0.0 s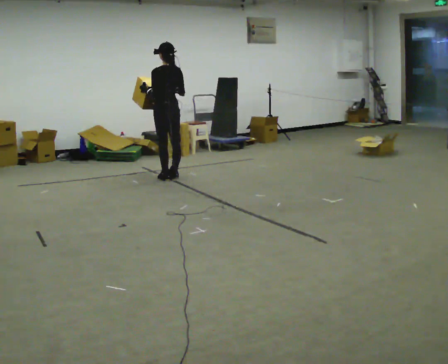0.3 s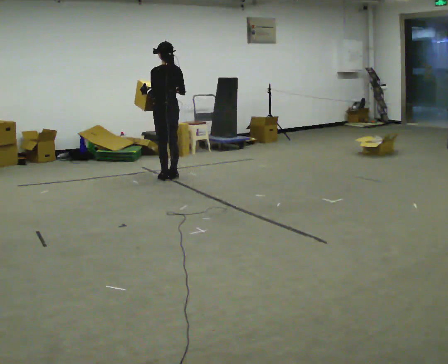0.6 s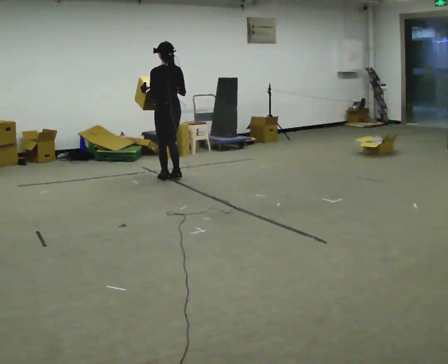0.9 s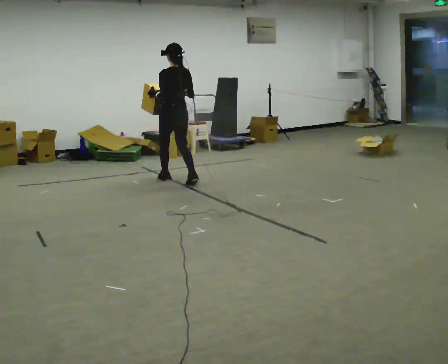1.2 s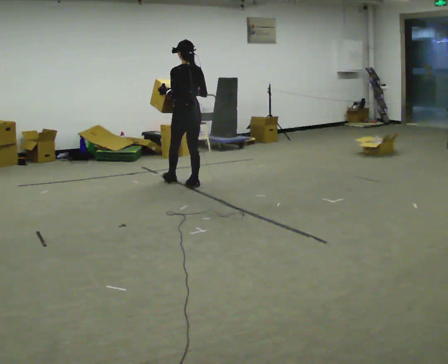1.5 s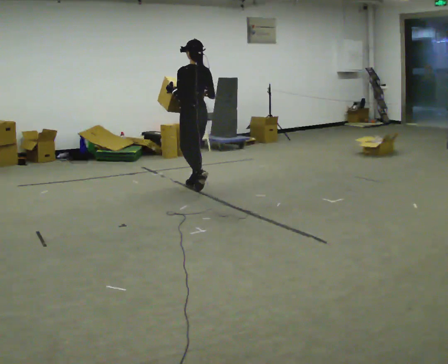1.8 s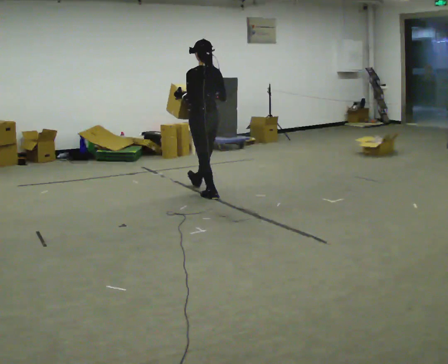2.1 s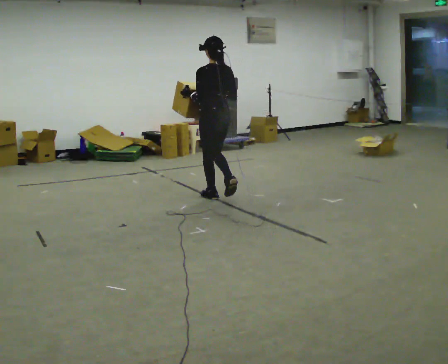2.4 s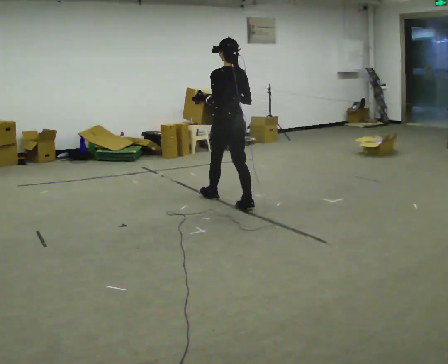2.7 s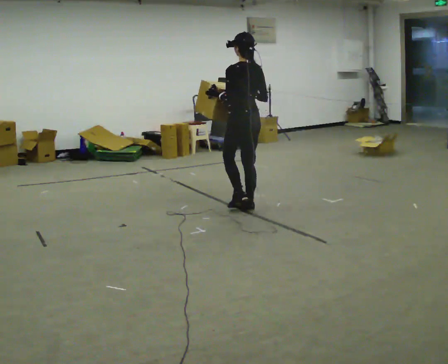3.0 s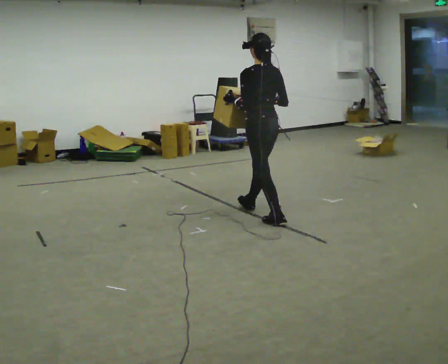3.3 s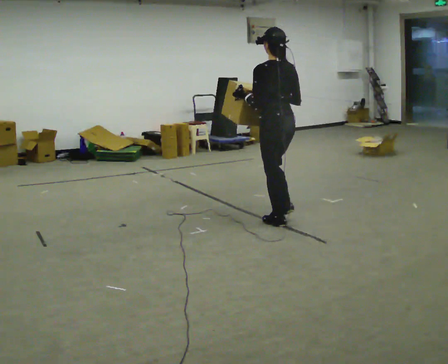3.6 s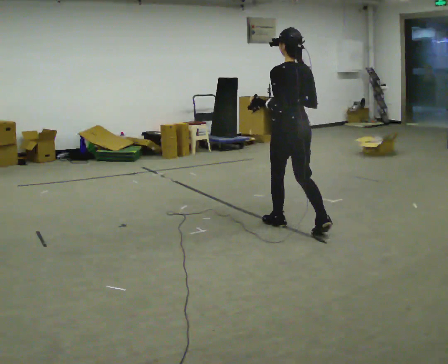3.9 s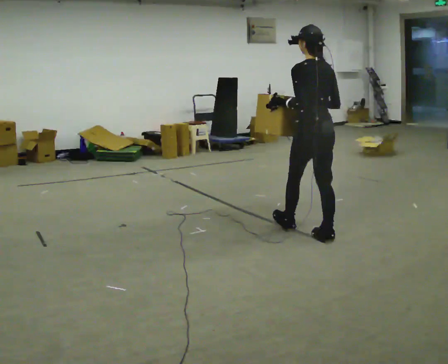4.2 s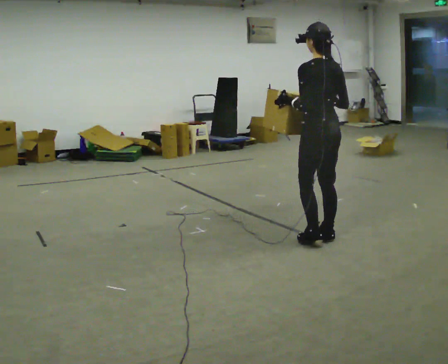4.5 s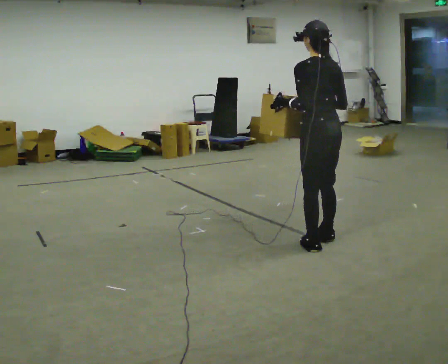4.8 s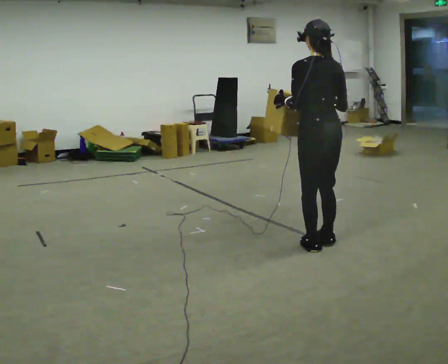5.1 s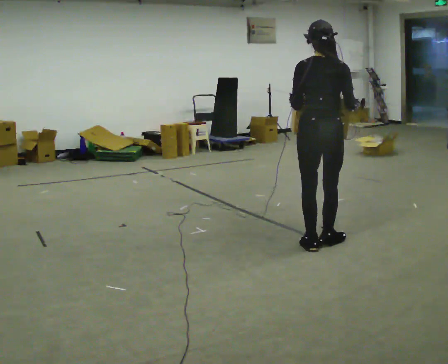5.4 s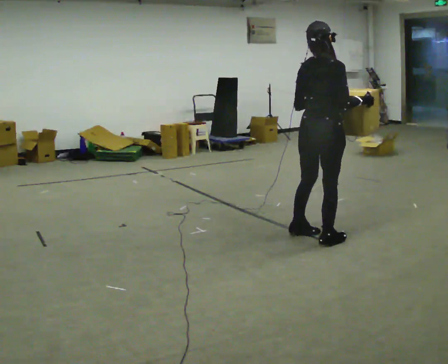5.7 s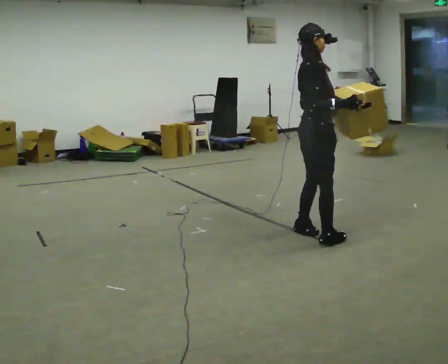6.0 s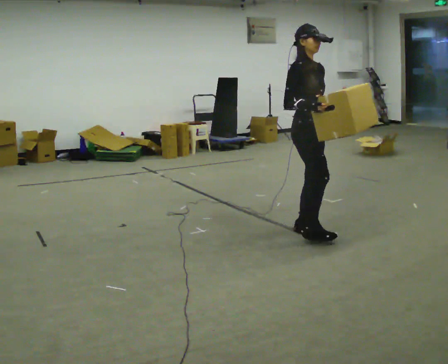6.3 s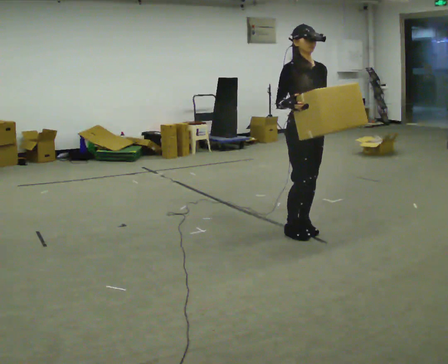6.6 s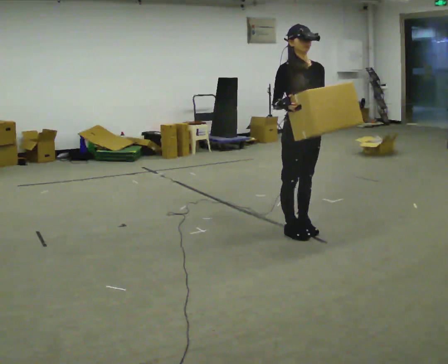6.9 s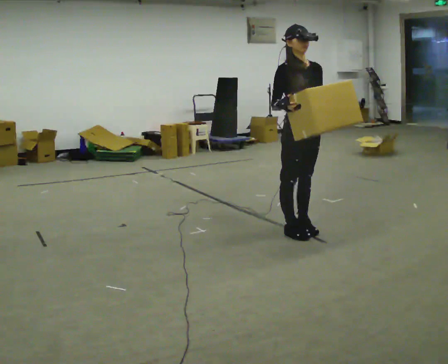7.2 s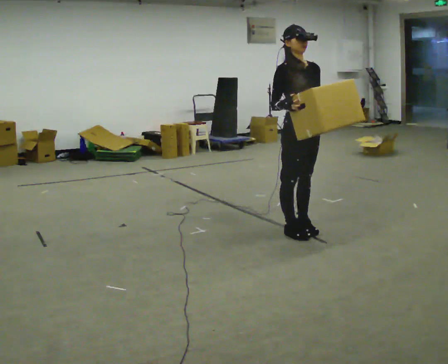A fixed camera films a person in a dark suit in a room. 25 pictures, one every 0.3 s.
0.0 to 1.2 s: In the picture they go to the right and toward the camera, about 0.5 m in 2 steps, which for them is backward.
1.2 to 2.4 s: In the picture they go toward the camera and to the right, about 1 m in 1 step, which for them is backward.
2.4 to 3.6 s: In the picture they go toward the camera and to the right, about 1 m in 2 steps, which for them is backward.
3.6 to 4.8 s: In the picture they go toward the camera and to the right, about 0.5 m in 1 step, which for them is backward.
4.8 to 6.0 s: Seen from above the body turns clockwise, about 150 degrees: to their right, with its near side sliding to the left. In the picture they go away from the camera, about 0.25 m in 2 steps.
6.0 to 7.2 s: The person moves a little, or ends about where they began.
The film runs backward here.
